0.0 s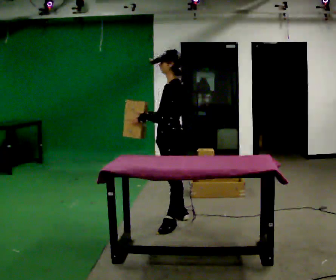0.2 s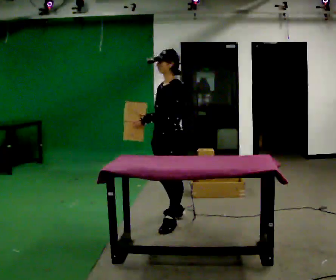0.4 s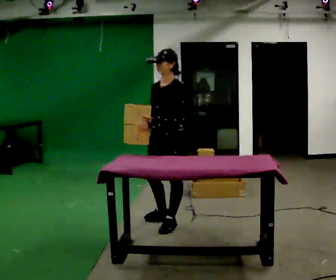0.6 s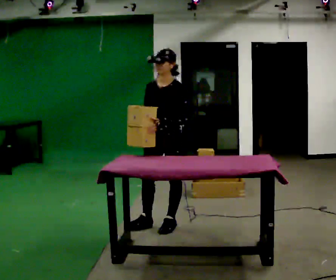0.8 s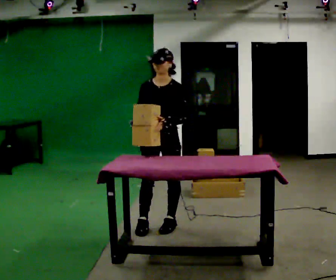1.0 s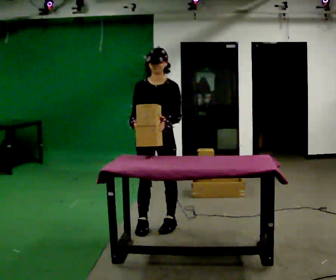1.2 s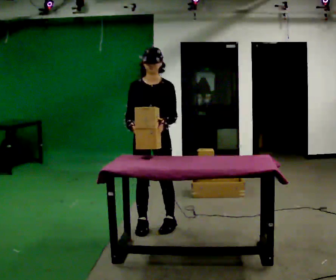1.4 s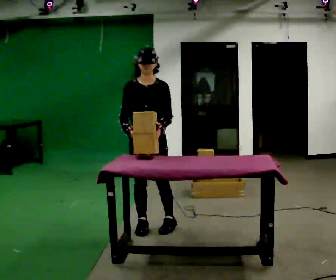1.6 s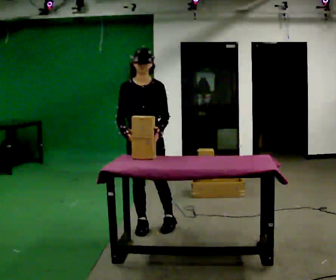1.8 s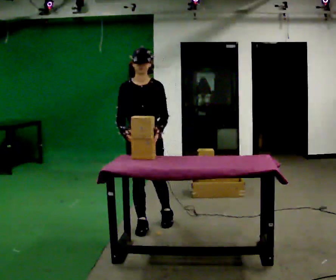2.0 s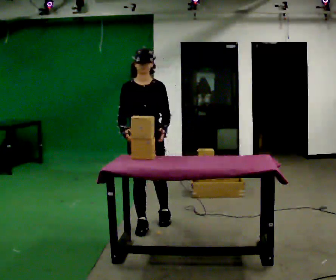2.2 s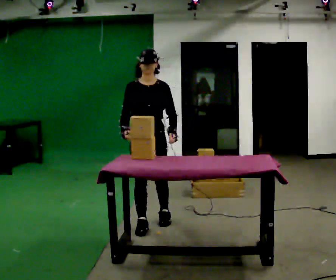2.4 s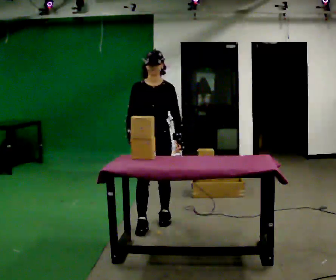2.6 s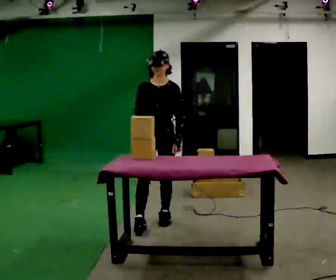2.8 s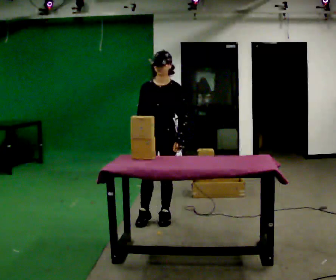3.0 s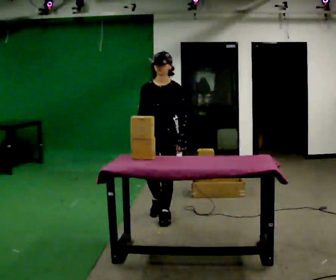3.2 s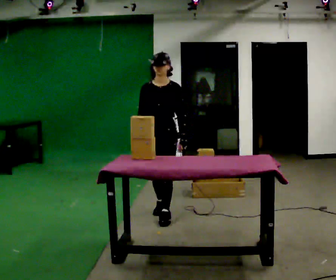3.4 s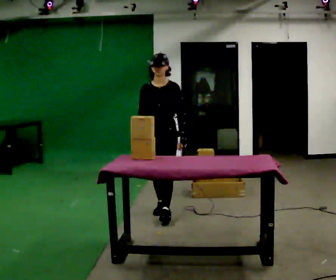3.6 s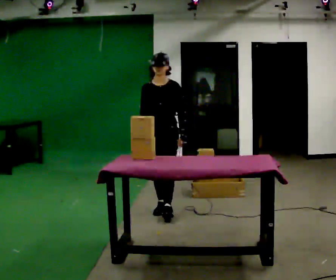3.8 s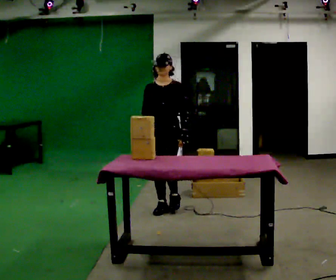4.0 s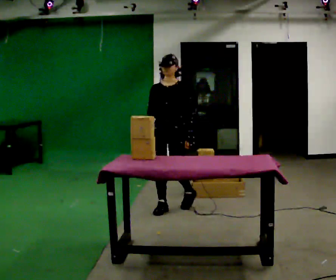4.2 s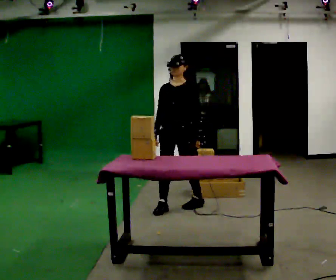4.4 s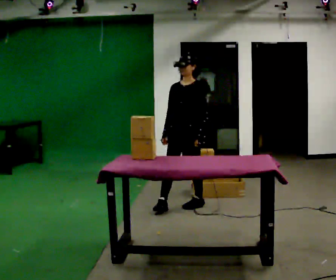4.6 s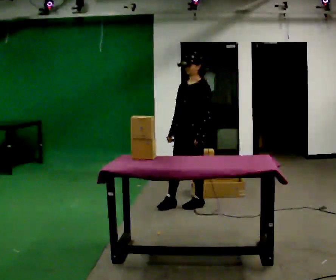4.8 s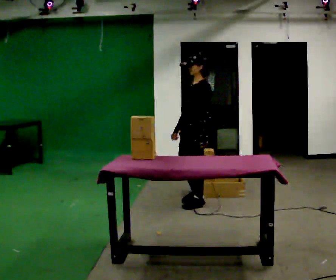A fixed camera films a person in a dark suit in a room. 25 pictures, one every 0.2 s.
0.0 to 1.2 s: The person turns about 90 degrees to their left, counterclockwise seen from above, so the part of the body nearest the lens slides to the right. In the picture they go to the left, about 0.25 m in 1 step.
1.2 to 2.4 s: The person moves a little, or ends about where they began.
2.4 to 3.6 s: In the picture they go away from the camera, about 0.5 m in 2 steps, which for them is backward.
3.6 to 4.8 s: The part of the body nearest the lens slides to the left as the person turns to their right by about 60 degrees. In the picture they go to the right and away from the camera, about 0.5 m in 1 step, which for them is backward and to their left.
The film runs backward here.
